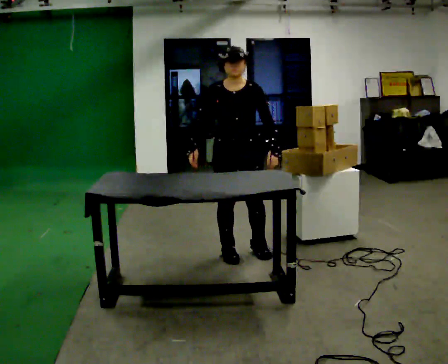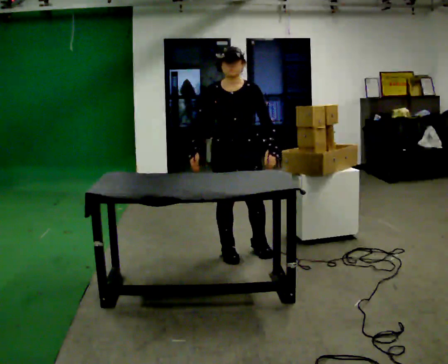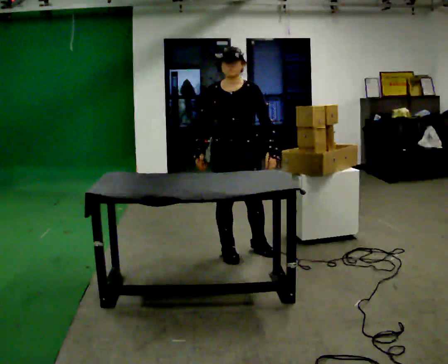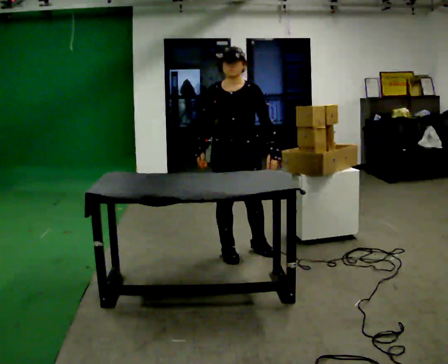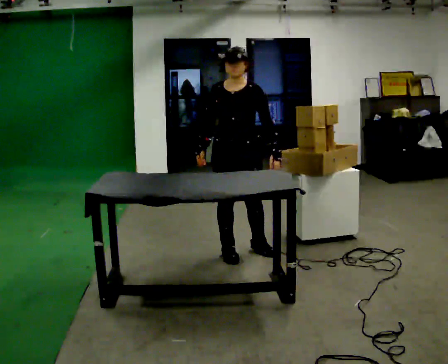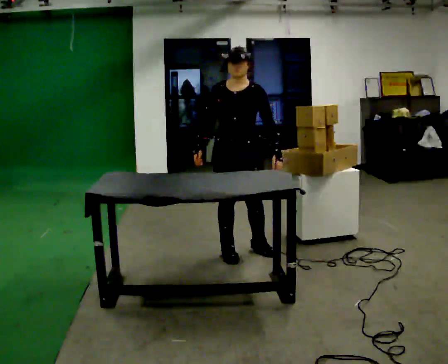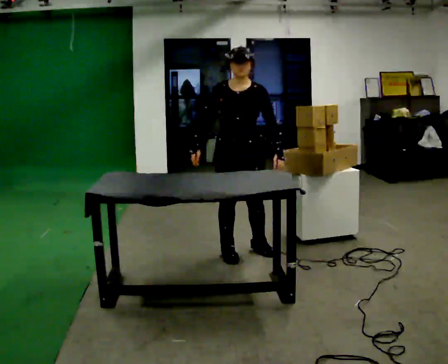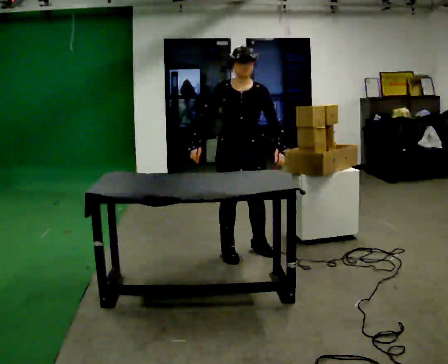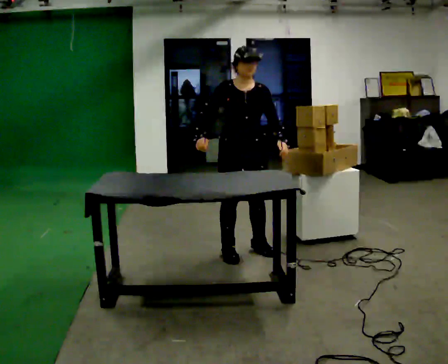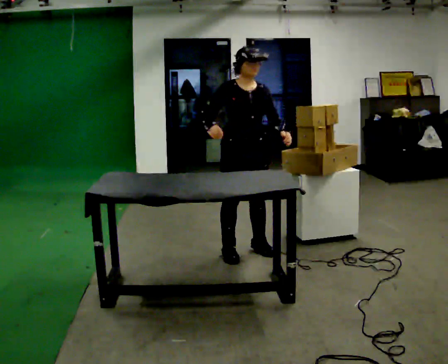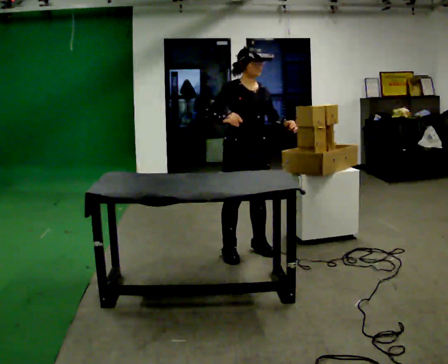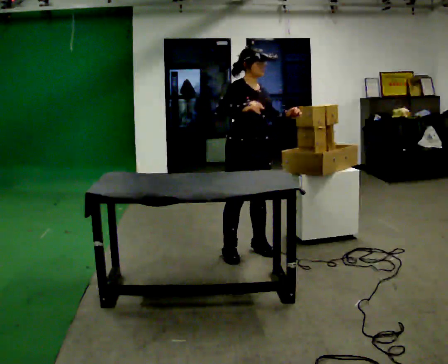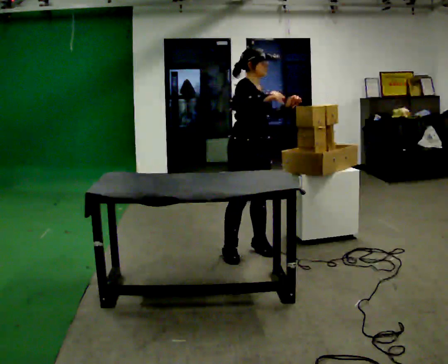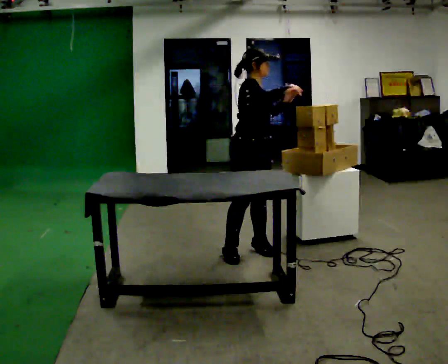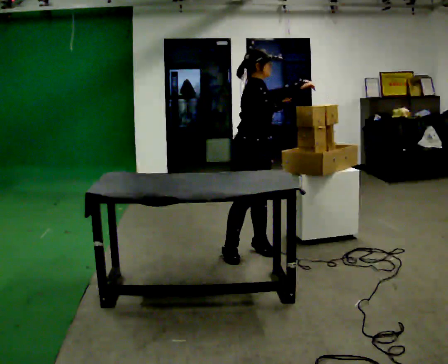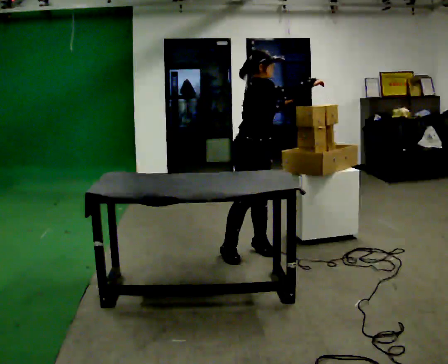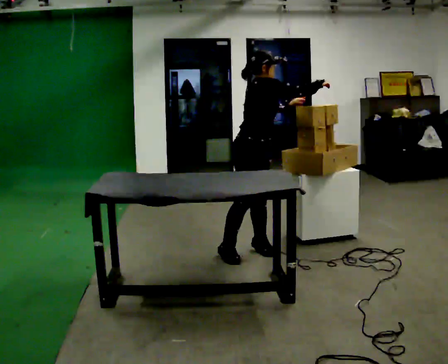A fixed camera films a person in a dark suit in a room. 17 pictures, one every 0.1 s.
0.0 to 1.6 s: The person turns about 75 degrees to their left, counterclockwise seen from above, so the part of the body nearest the lens slides to the right. In the picture their right hand goes to the right and upward.
The film runs backward here.
